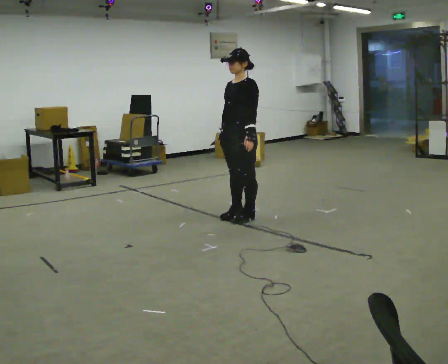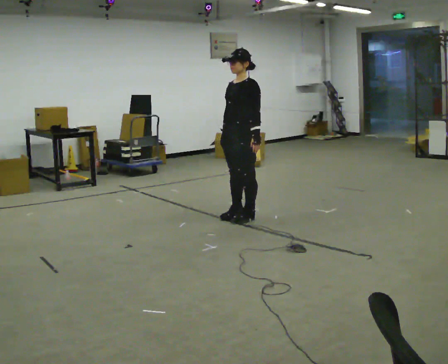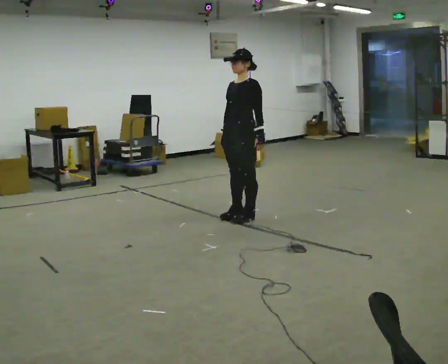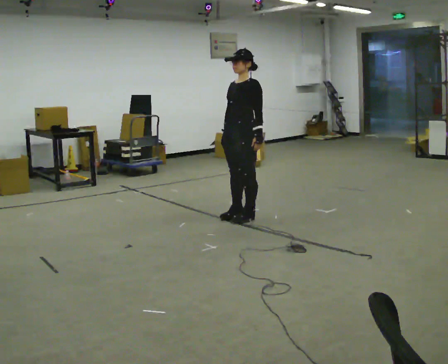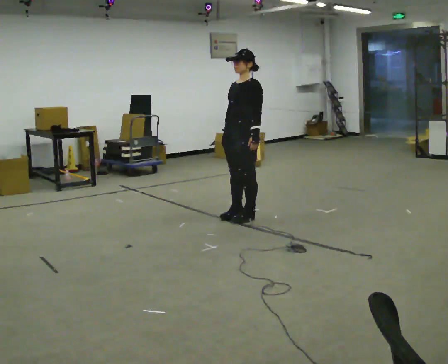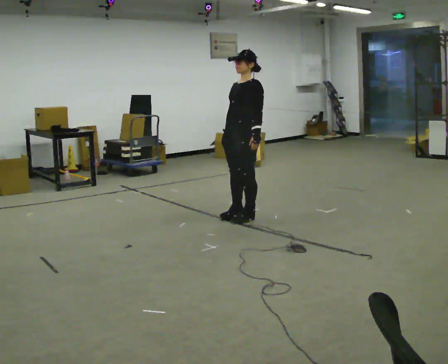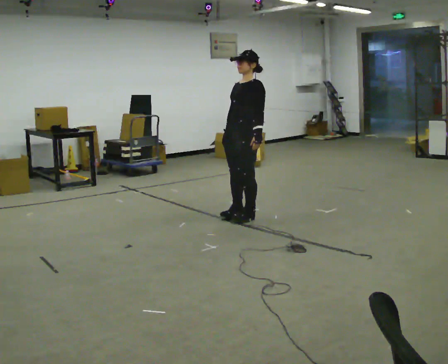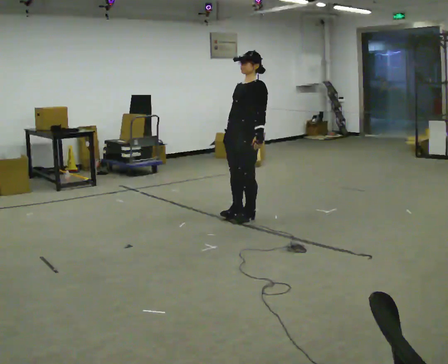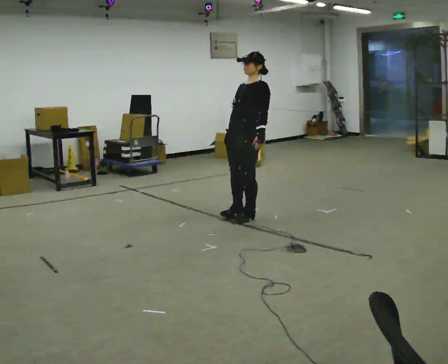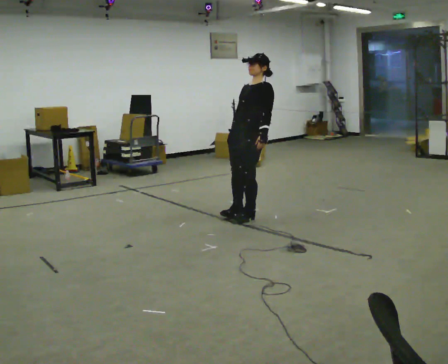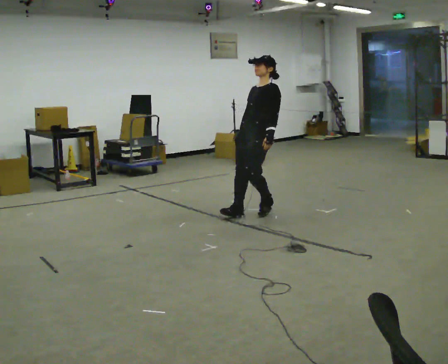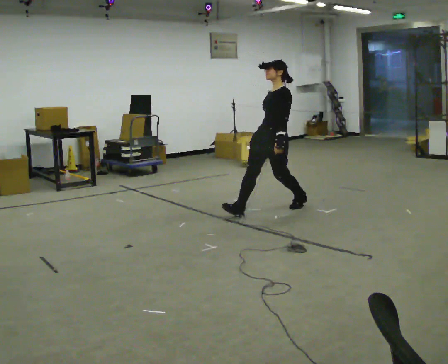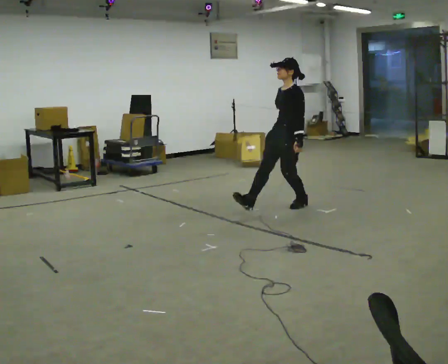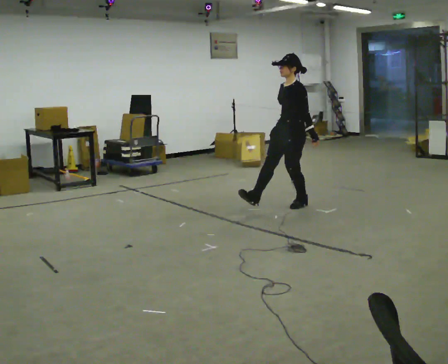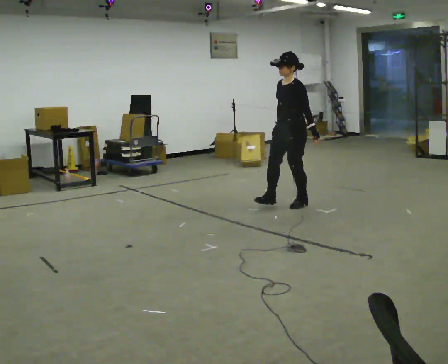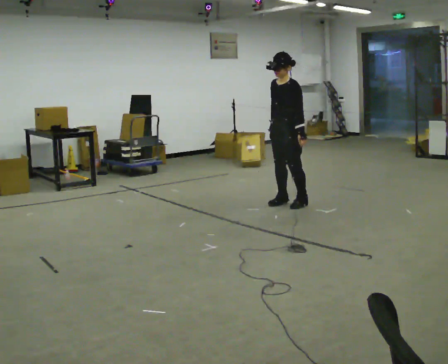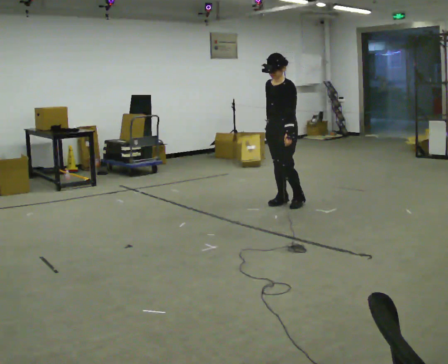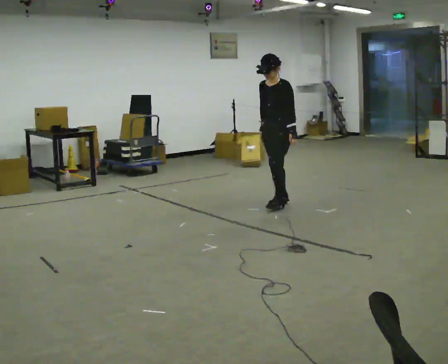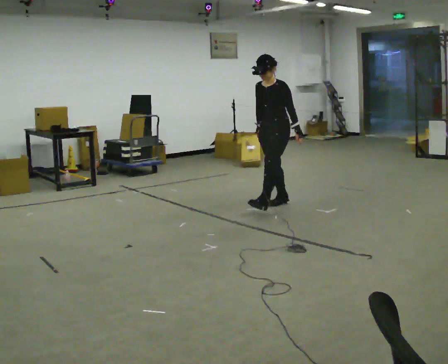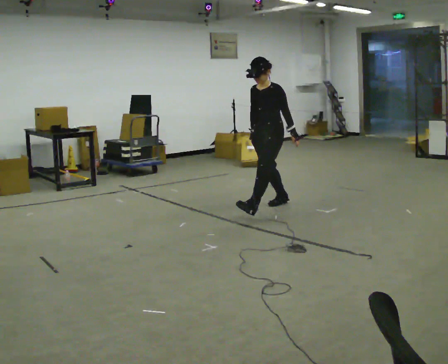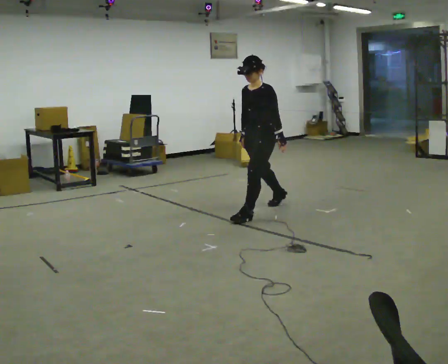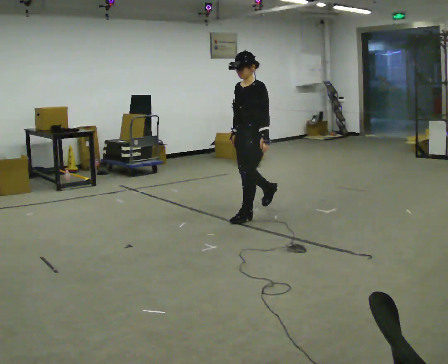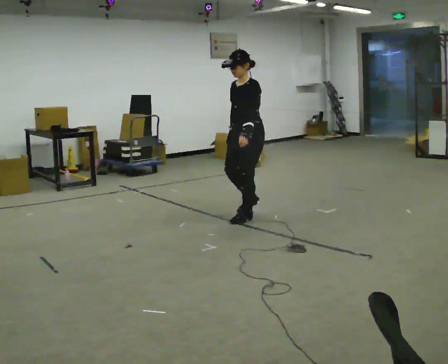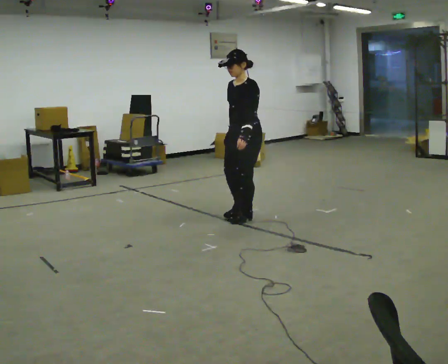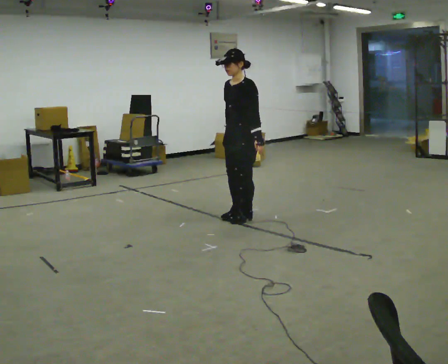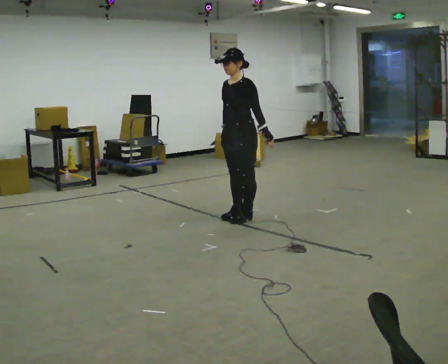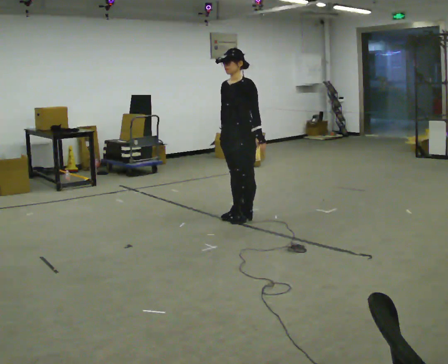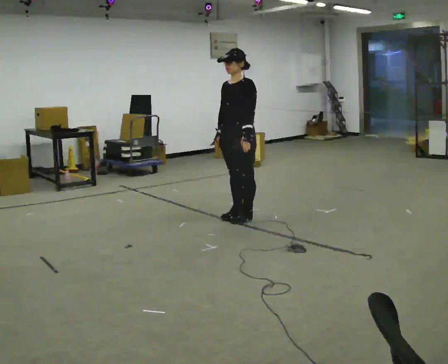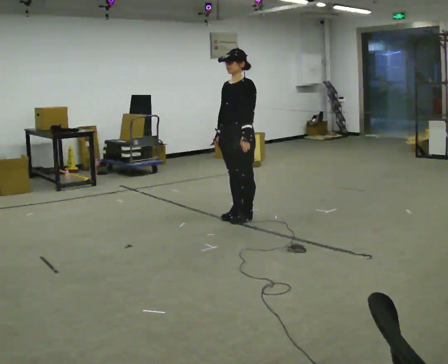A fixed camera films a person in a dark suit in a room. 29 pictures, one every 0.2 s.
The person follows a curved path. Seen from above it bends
counterclockwise.
0.0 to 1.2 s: The person moves a little, or ends about where they began.
1.2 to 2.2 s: In the picture they go to the right and away from the camera, about 0.25 m, which for them is backward.
2.2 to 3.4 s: In the picture they go away from the camera, about 0.25 m in 2 steps, which for them is to their right and backward. In the picture the upper body tilts counterclockwise, shoulders to the left, as they bend forward.
3.4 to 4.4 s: In the picture they go toward the camera and to the left, about 0.5 m in 1 step, which for them is forward and to their left.
4.4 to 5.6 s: The person moves a little, or ends about where they began.
The film runs forward here.
